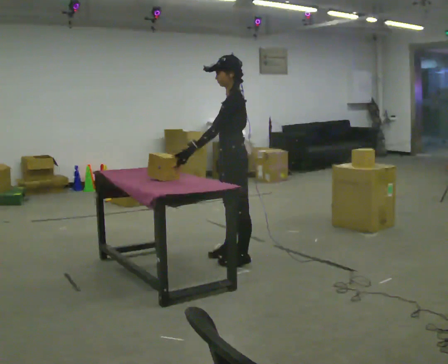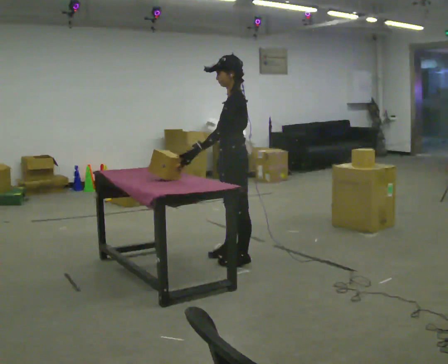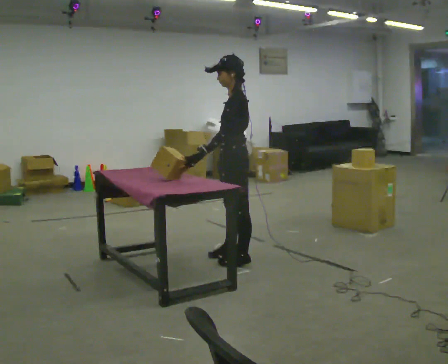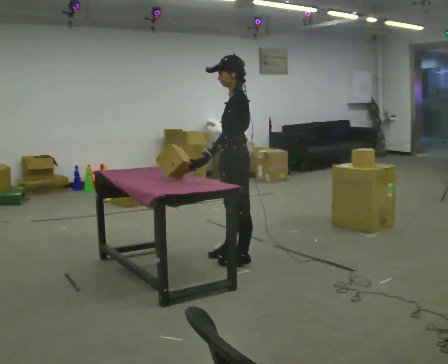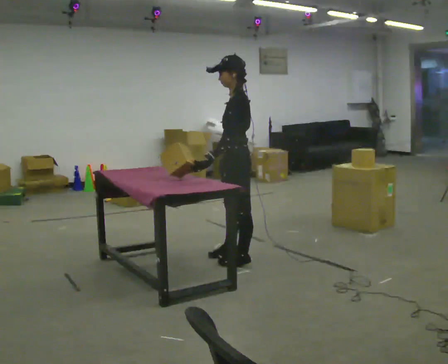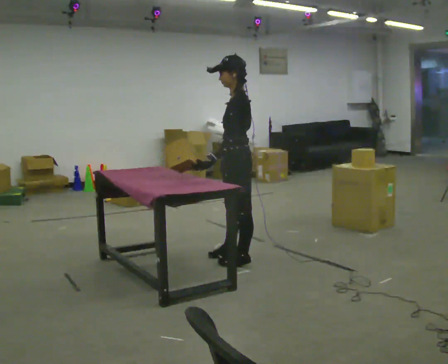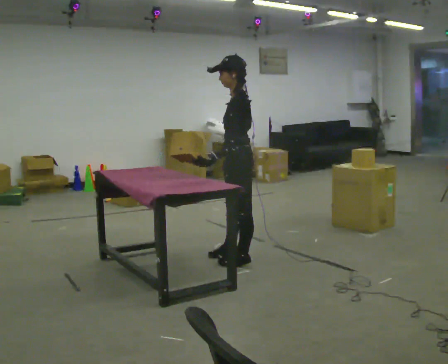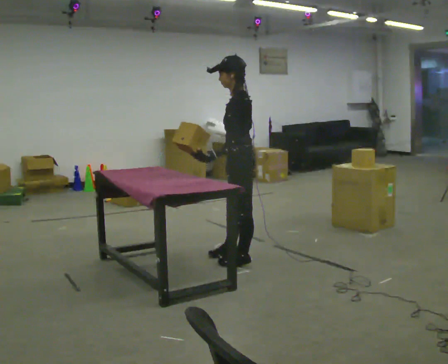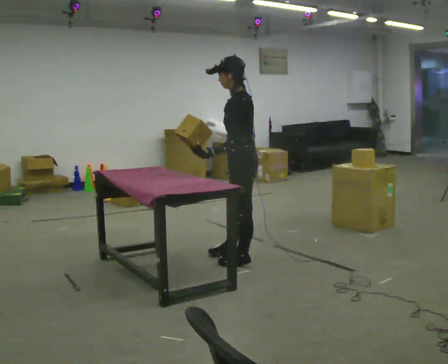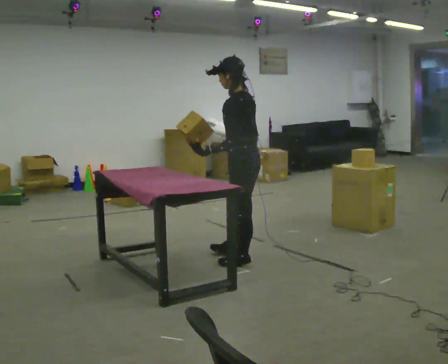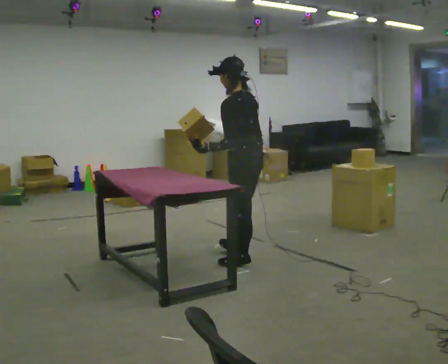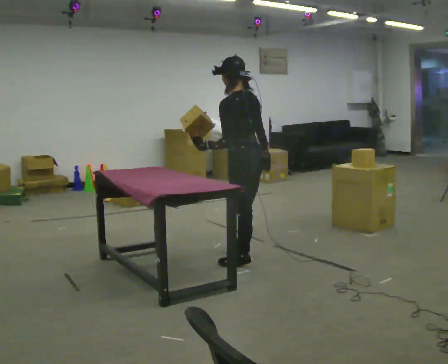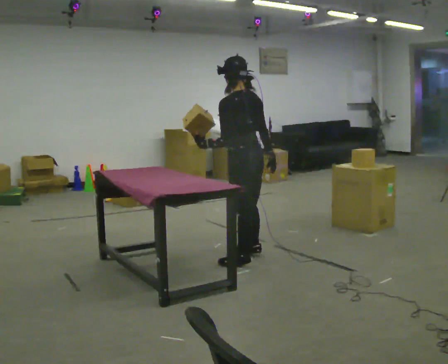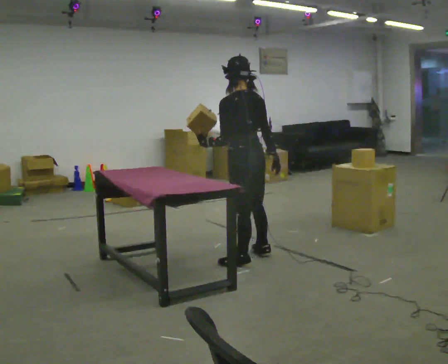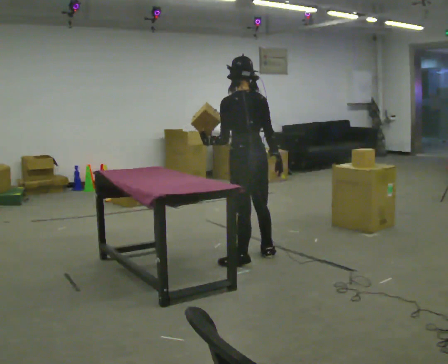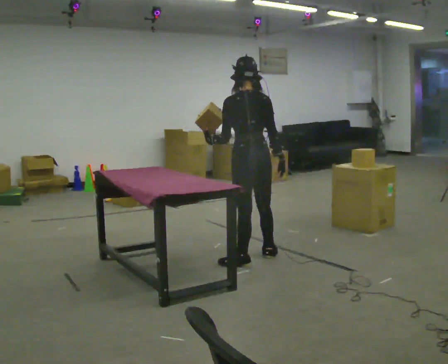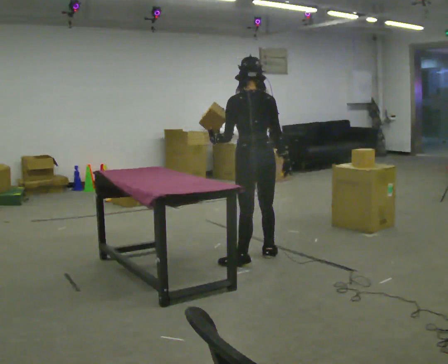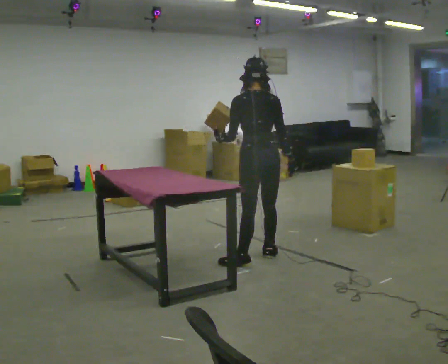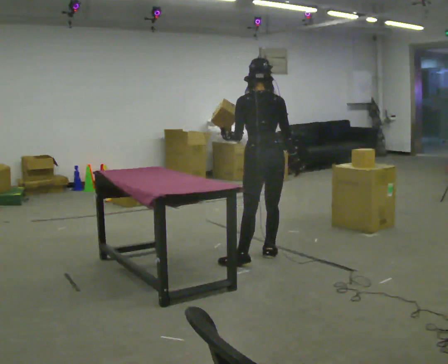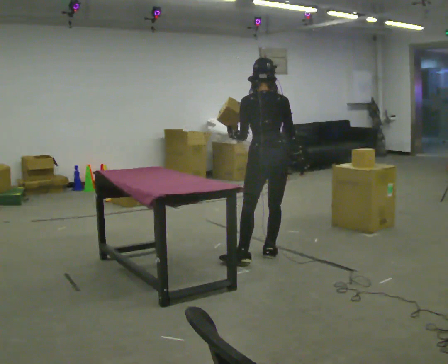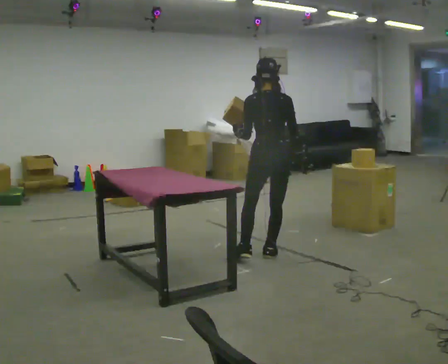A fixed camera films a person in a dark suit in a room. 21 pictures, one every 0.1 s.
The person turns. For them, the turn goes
to their right.
The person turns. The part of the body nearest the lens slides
to the left.
0.0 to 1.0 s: The part of the body nearest the lens slides to the left as the person turns to their right by about 30 degrees.
1.0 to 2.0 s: The person turns about 60 degrees to their right, clockwise seen from above, so the part of the body nearest the lens slides to the left. In the picture they go away from the camera and to the right, about 0.25 m in 1 step, which for them is to their right and forward.
The film runs forward here.
